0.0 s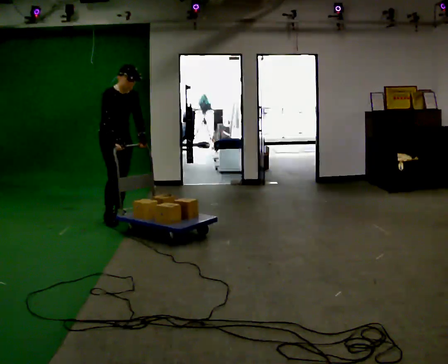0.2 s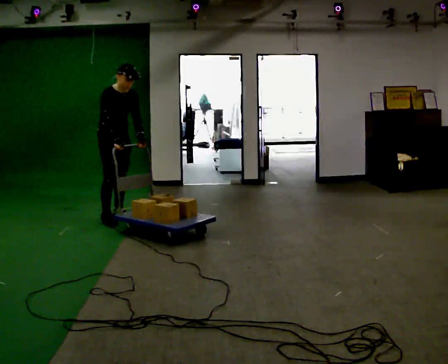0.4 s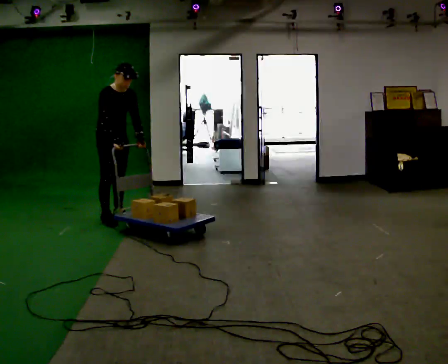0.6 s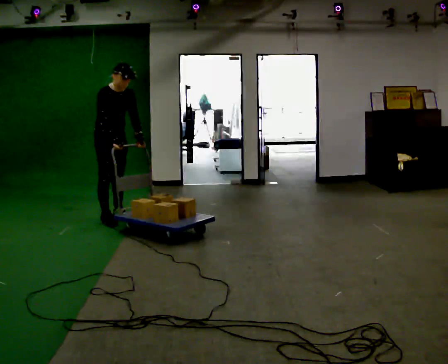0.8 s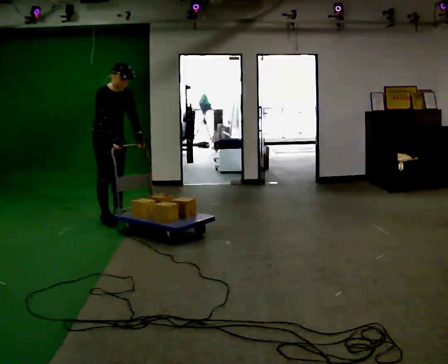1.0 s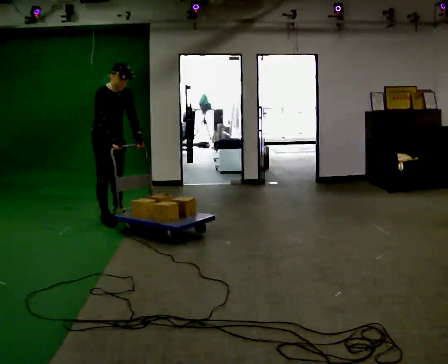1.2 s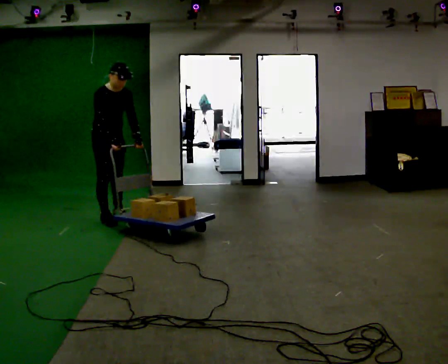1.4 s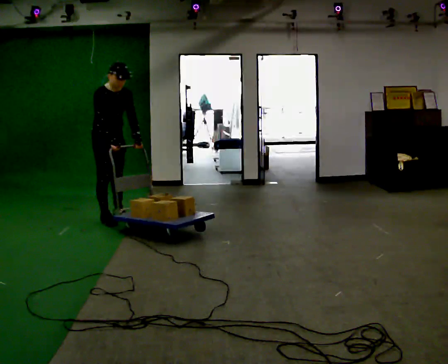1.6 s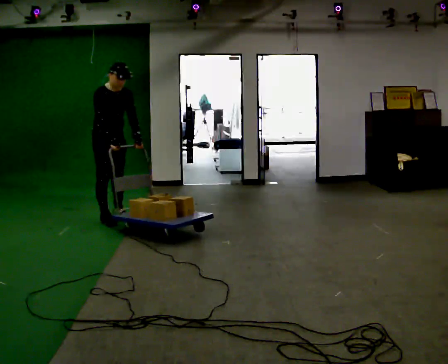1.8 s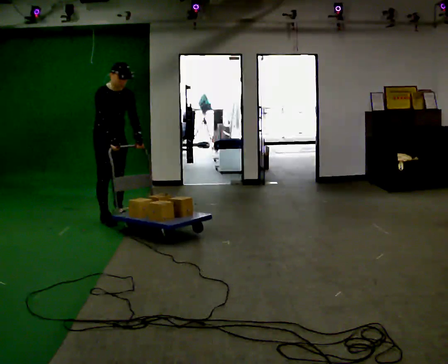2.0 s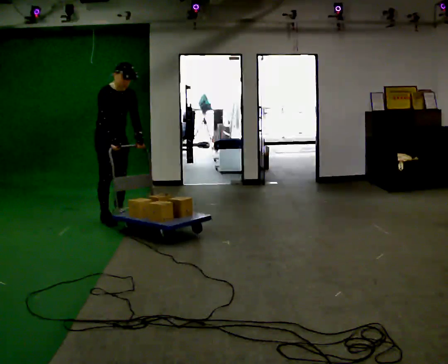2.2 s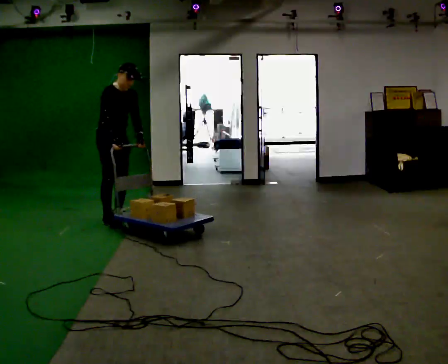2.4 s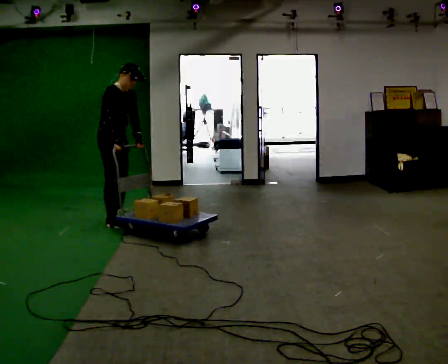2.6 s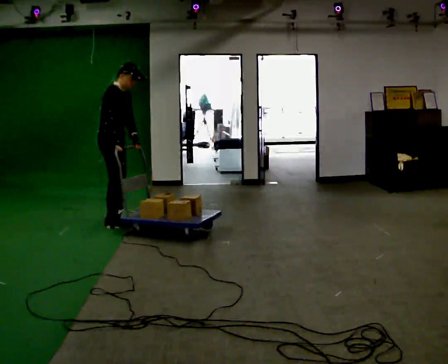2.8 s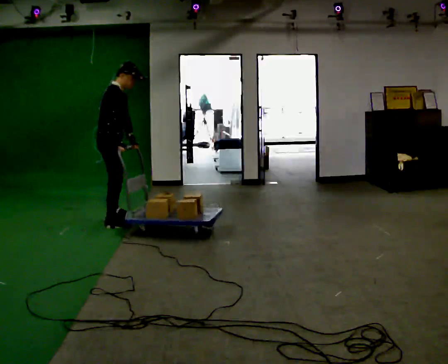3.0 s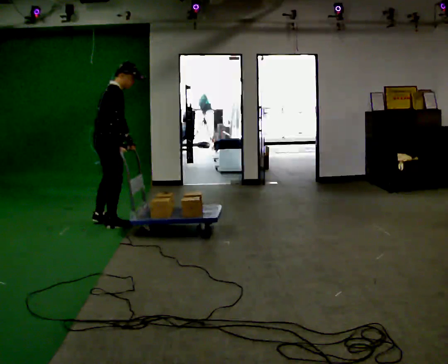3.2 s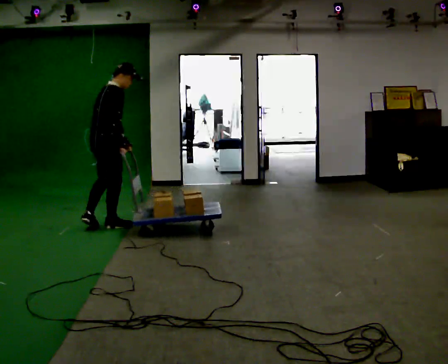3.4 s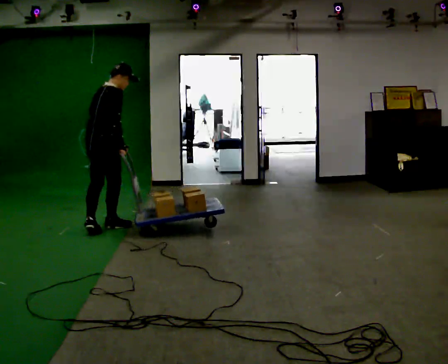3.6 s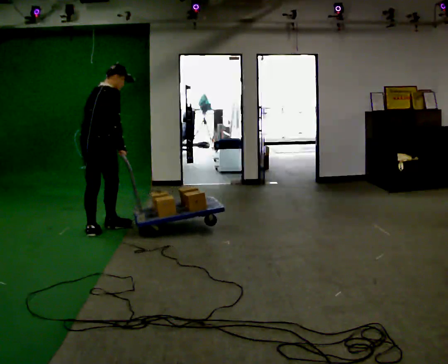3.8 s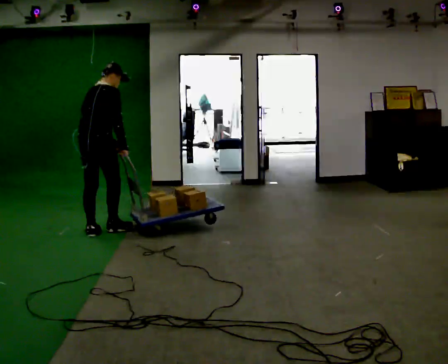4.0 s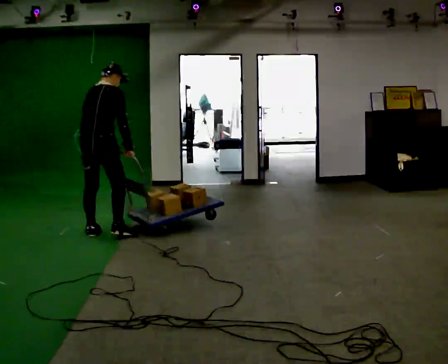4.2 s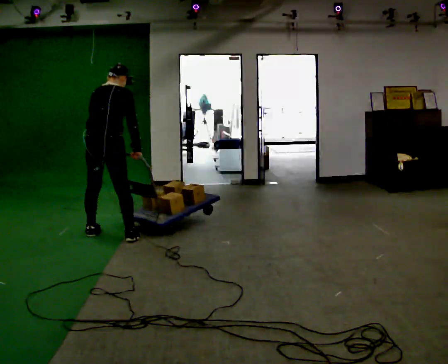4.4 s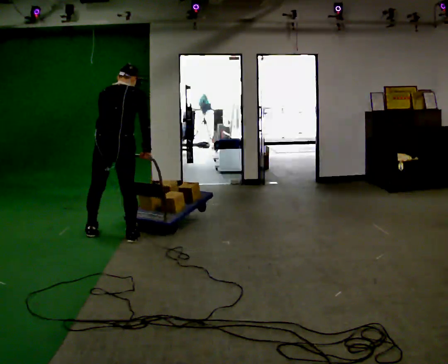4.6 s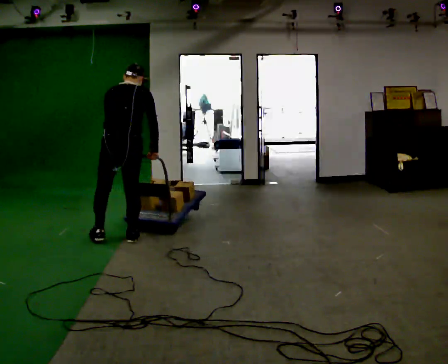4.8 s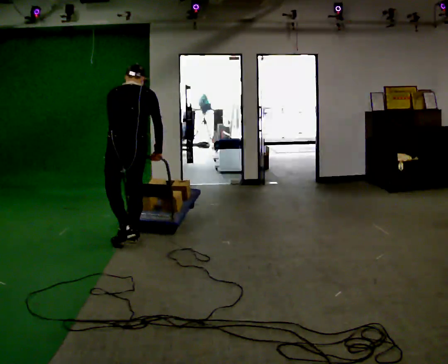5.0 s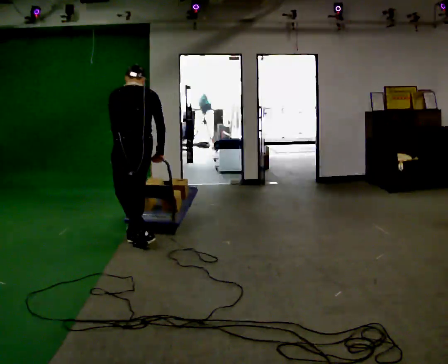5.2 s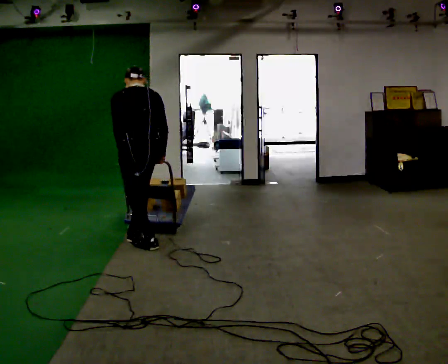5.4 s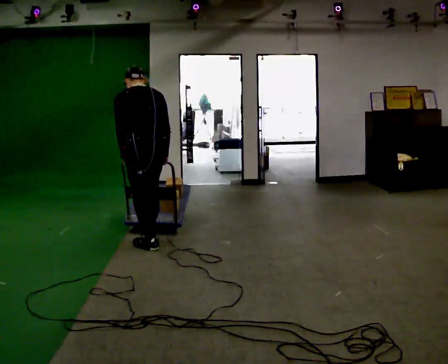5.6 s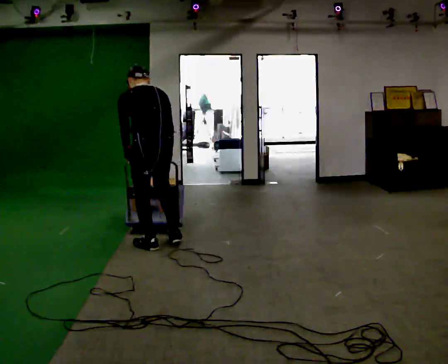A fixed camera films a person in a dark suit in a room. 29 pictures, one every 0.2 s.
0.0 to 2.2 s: The person moves a little, or ends about where they began.
2.2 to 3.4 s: The part of the body nearest the lens slides to the right as the person turns to their left by about 90 degrees. In the picture they go toward the camera, about 0.5 m in 1 step.
3.4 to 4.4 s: The part of the body nearest the lens slides to the right as the person turns to their left by about 30 degrees. In the picture they go toward the camera, about 0.5 m in 1 step, which for them is to their right and backward.
4.4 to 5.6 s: The person turns about 30 degrees to their left, counterclockwise seen from above, so the part of the body nearest the lens slides to the right. In the picture they go to the right and toward the camera, about 0.5 m in 2 steps, which for them is backward and to their right. In the picture the upper body tilts counterclockwise, shoulders to the left.
The film runs backward here.
